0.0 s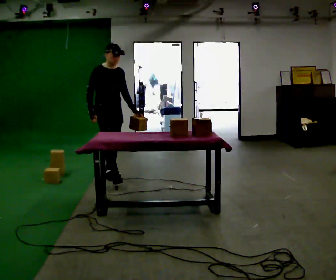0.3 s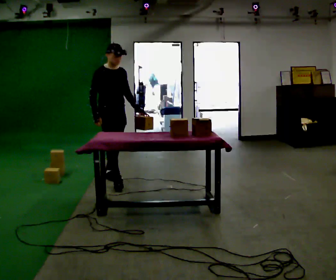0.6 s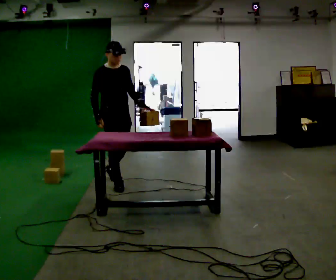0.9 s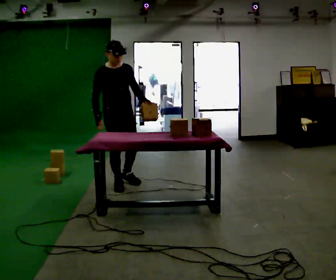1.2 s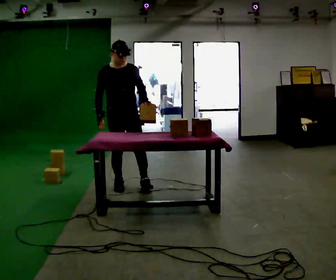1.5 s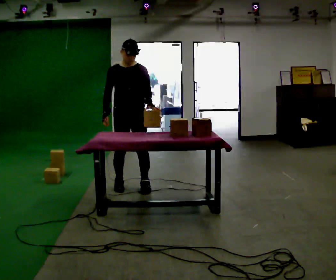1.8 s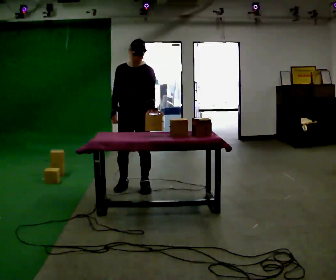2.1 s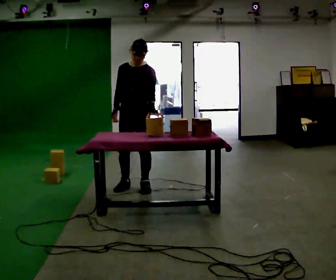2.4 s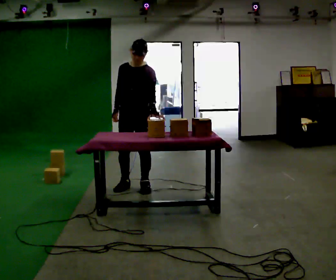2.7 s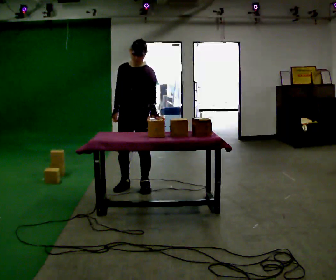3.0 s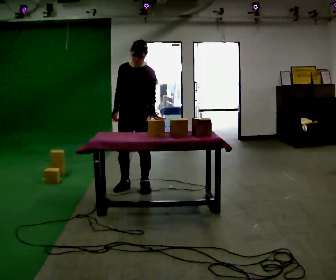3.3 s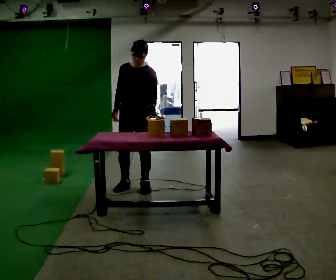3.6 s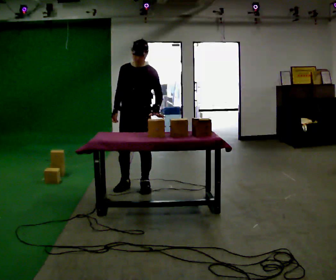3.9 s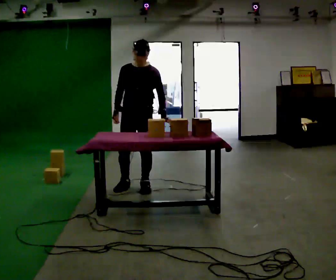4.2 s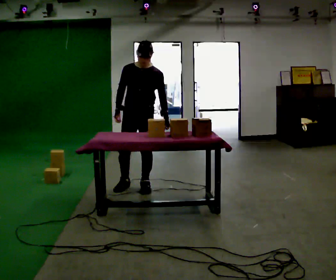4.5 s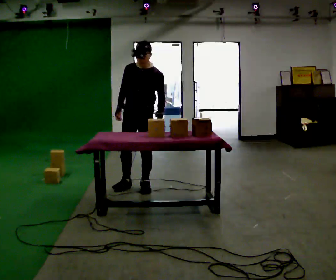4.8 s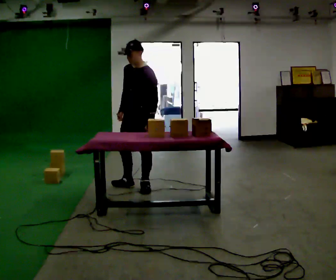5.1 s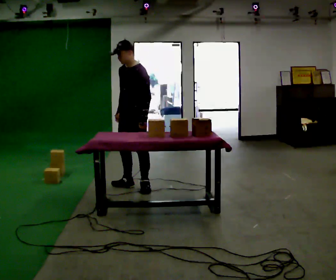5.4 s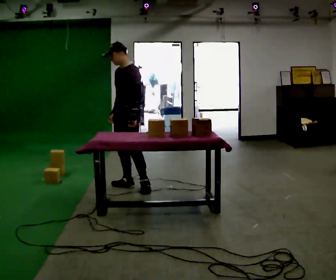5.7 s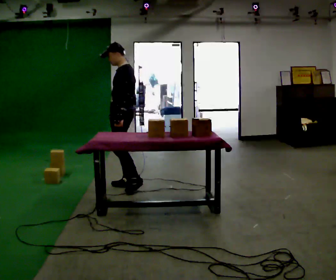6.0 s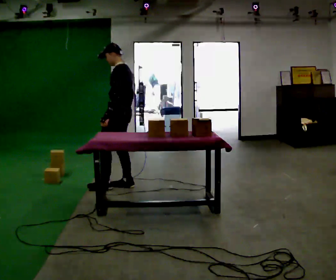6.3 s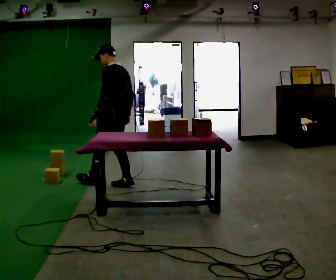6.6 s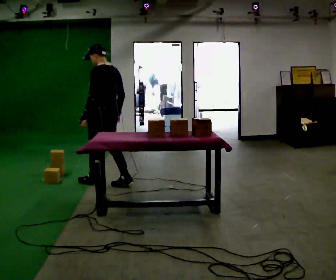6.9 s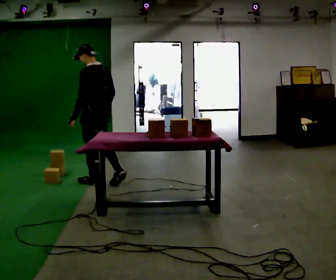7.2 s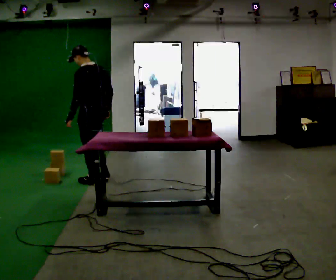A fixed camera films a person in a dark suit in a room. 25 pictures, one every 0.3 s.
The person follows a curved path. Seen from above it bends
counterclockwise.
The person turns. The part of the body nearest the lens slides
to the left.
0.0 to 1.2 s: In the picture they go toward the camera and to the right, about 0.5 m in 2 steps, which for them is forward.
1.2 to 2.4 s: Seen from above the body turns clockwise, about 45 degrees: to their right, with its near side sliding to the left. In the picture they go to the right, about 0.25 m, which for them is to their left.
2.4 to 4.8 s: The person moves a little, or ends about where they began.
4.8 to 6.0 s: The part of the body nearest the lens slides to the left as the person turns to their right by about 60 degrees. In the picture they go to the left, about 0.25 m, which for them is to their right and forward. In the picture their left hand goes to the left.
6.0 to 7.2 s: The part of the body nearest the lens slides to the left as the person turns to their right by about 30 degrees. In the picture they go to the left, about 0.25 m in 1 step, which for them is forward and to their left.
The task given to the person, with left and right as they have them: Pick the object up off the floor using only the hand the operator calls, then carry it to the table in that same hand. Keep going until the operator says stop; one object at a time, and do not rush between trips.
The film runs forward here.
